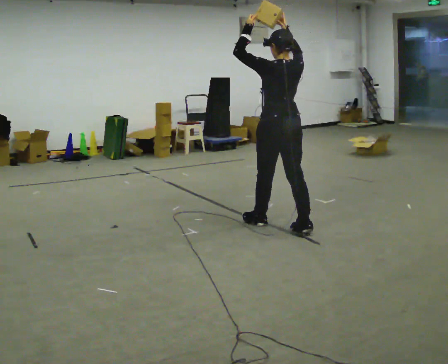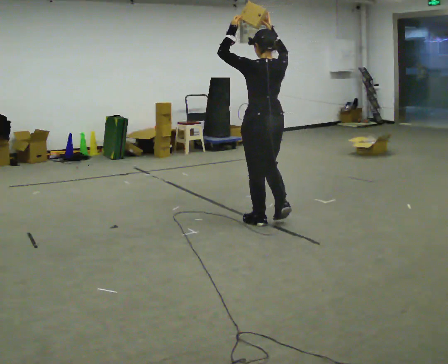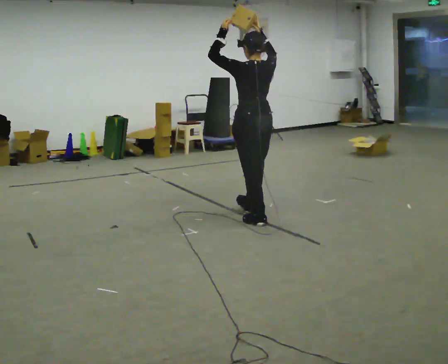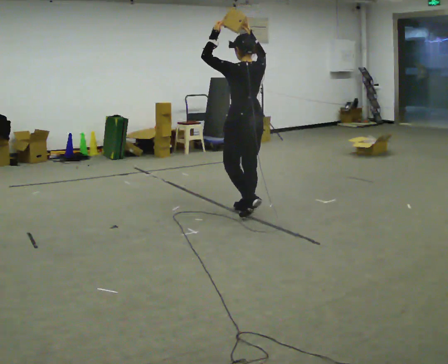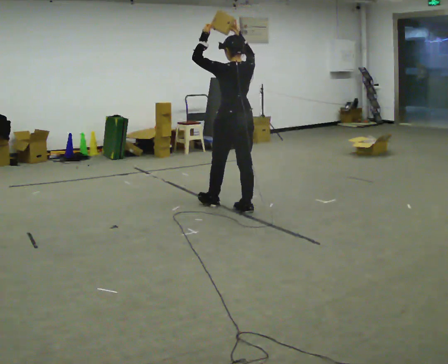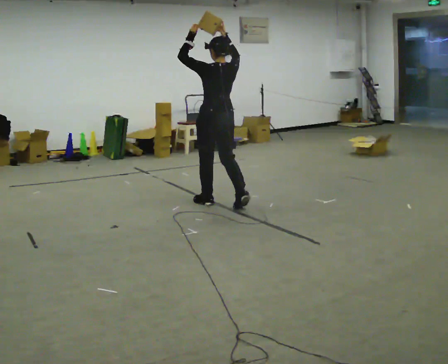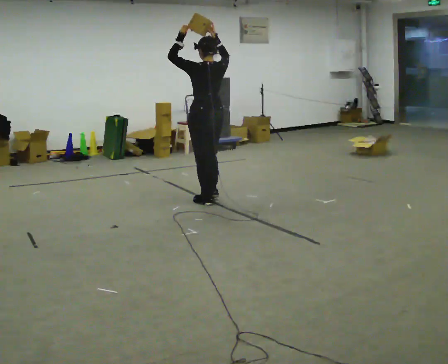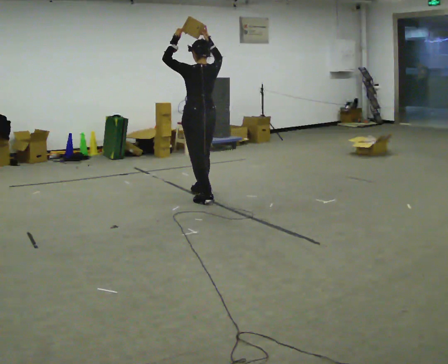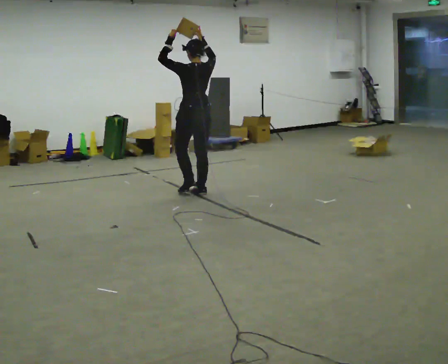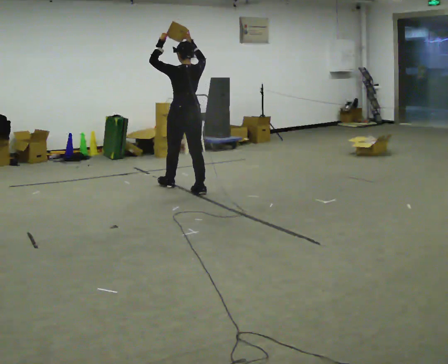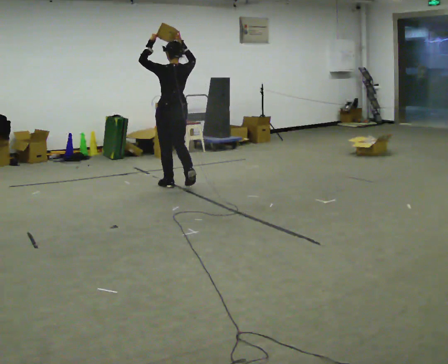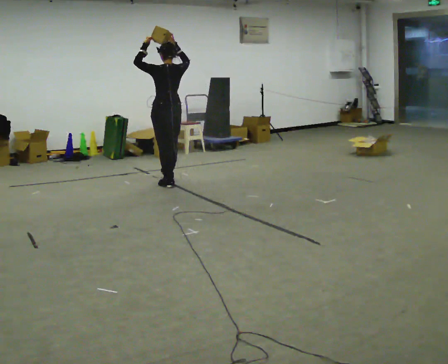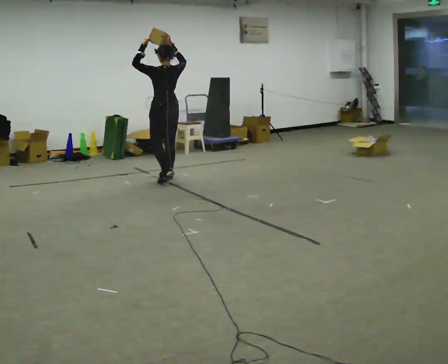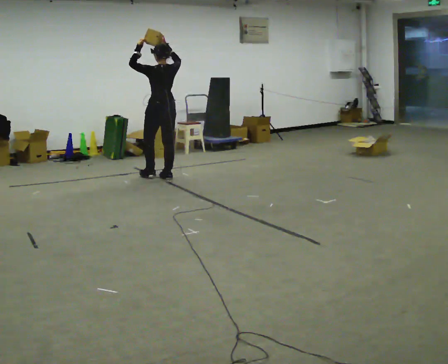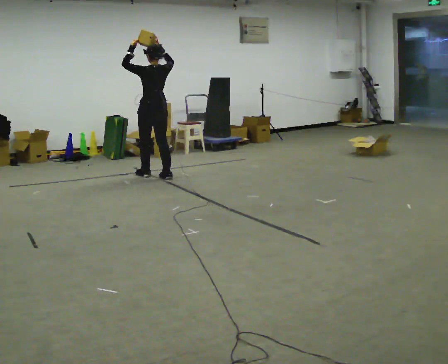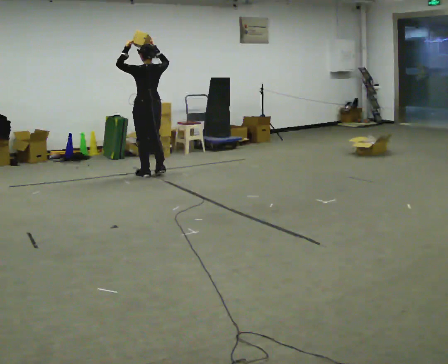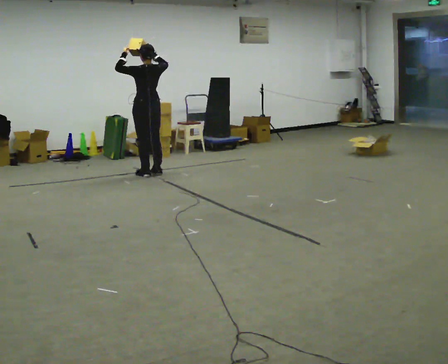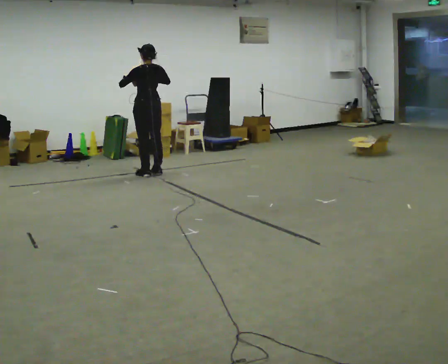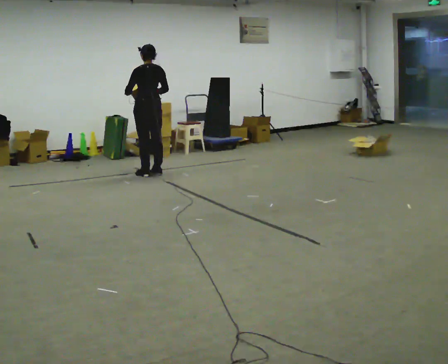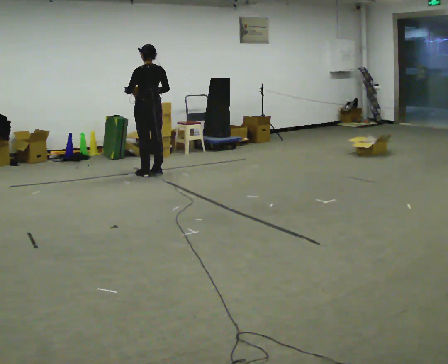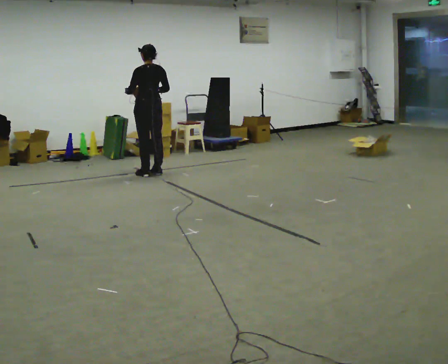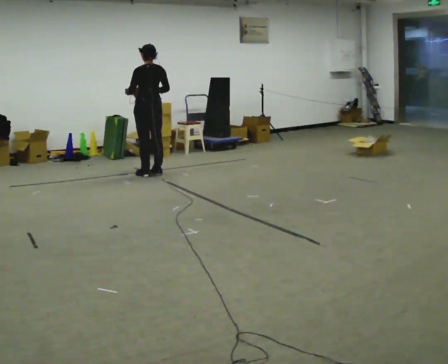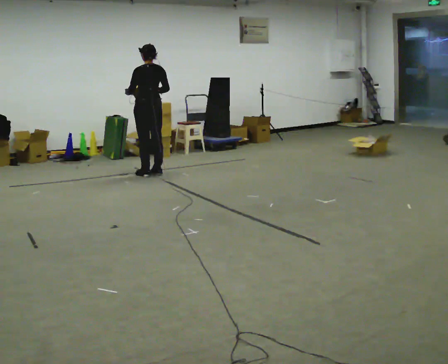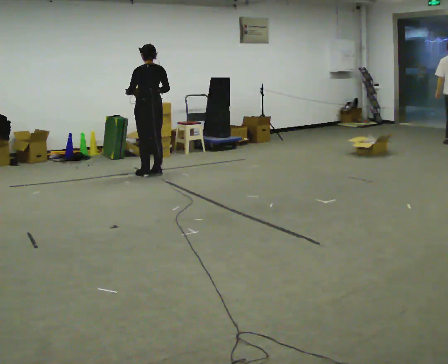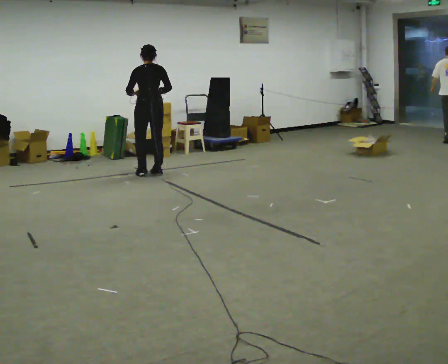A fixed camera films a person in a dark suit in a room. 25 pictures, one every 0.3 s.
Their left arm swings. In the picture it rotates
counterclockwise.
Their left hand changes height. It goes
downward.
0.0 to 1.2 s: In the picture they go away from the camera and to the left, about 0.75 m in 1 step, which for them is forward.
1.2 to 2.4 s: In the picture they go away from the camera and to the left, about 0.5 m in 2 steps, which for them is forward.
2.4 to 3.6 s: In the picture they go away from the camera and to the left, about 0.5 m in 2 steps, which for them is forward.
3.6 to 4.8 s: In the picture they go away from the camera and to the left, about 0.25 m in 2 steps, which for them is forward.
4.8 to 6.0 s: In the picture their right hand goes downward.
6.0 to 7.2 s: The person moves a little, or ends about where they began.
The film runs forward here.
